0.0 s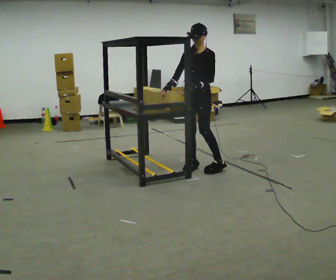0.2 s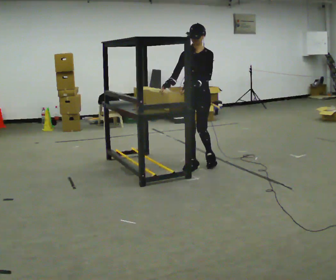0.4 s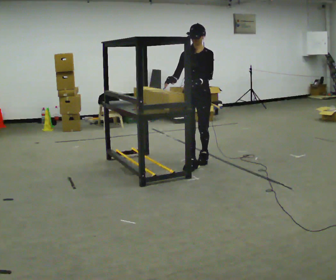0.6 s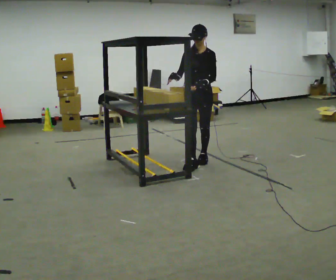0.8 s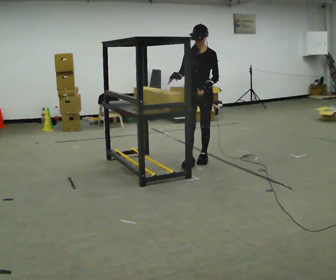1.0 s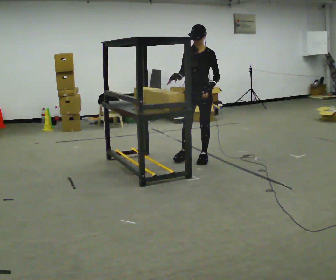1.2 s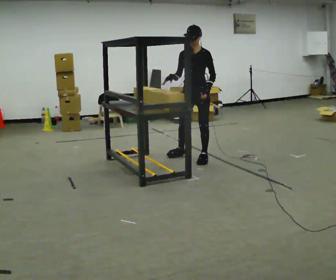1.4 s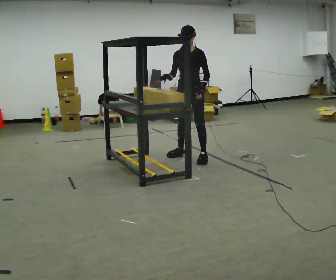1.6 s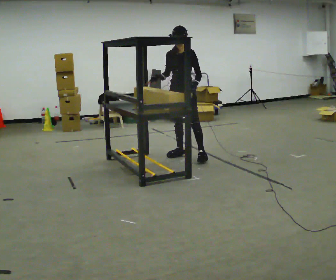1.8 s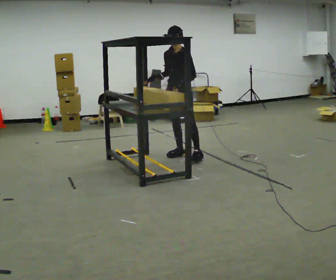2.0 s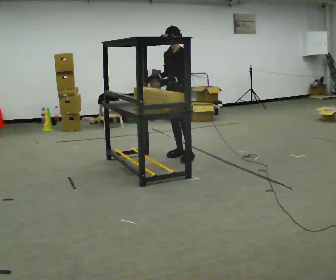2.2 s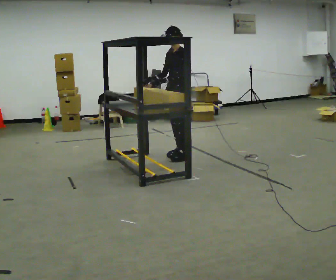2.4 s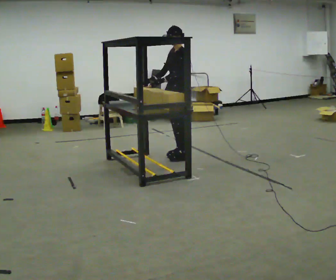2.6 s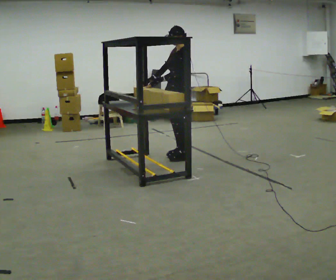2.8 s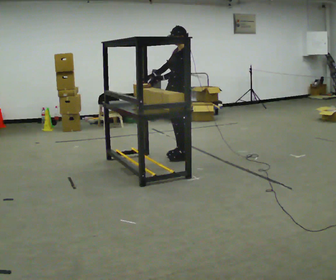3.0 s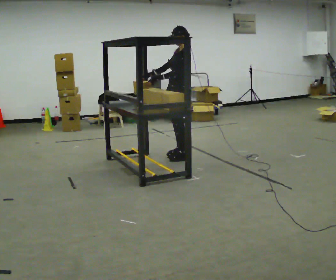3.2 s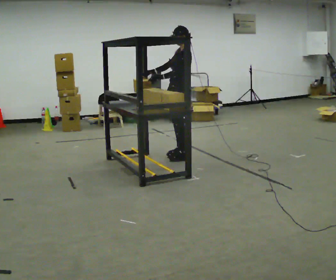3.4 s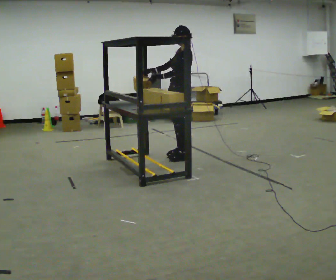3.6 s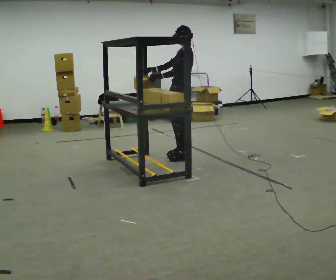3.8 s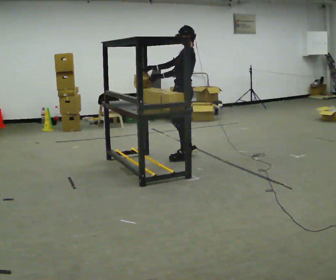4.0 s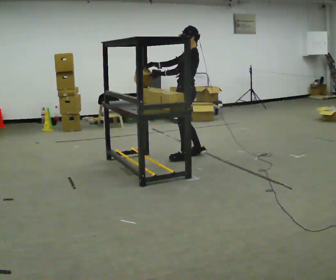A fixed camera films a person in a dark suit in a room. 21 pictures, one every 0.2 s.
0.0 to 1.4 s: In the picture they go away from the camera, about 0.5 m in 1 step, which for them is backward and to their right.
1.4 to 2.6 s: The part of the body nearest the lens slides to the left as the person turns to their right by about 45 degrees. In the picture they go to the left, about 0.25 m in 1 step, which for them is to their right. In the picture their left hand goes to the left, the arm swinging clockwise.
2.6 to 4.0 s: The person moves a little, or ends about where they began.
The film runs backward here.
